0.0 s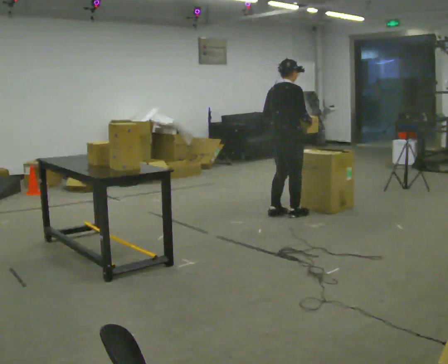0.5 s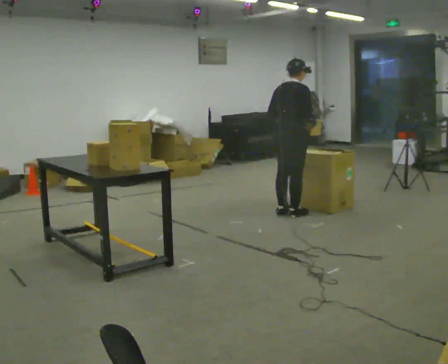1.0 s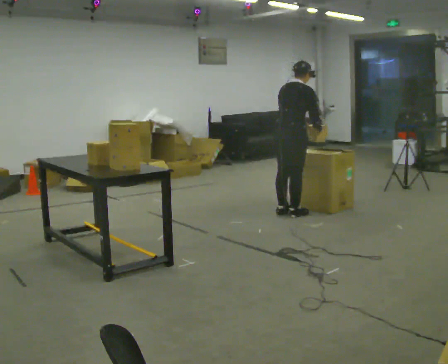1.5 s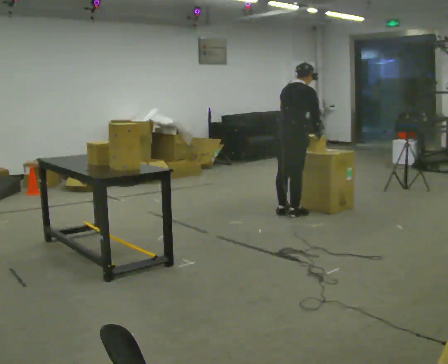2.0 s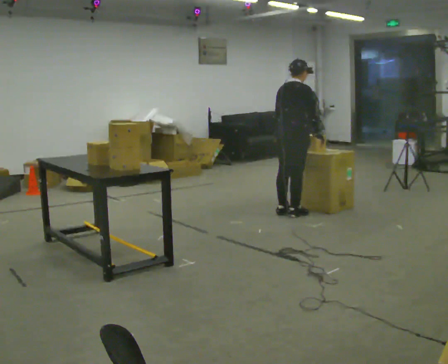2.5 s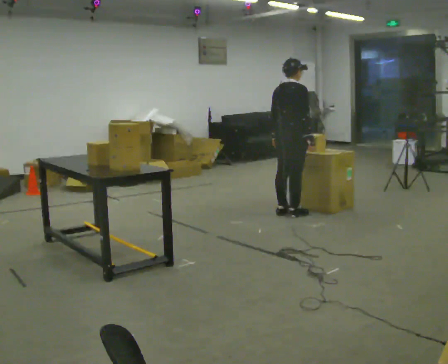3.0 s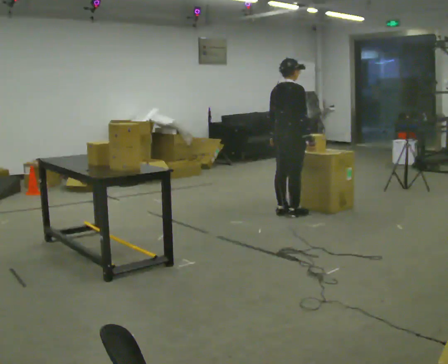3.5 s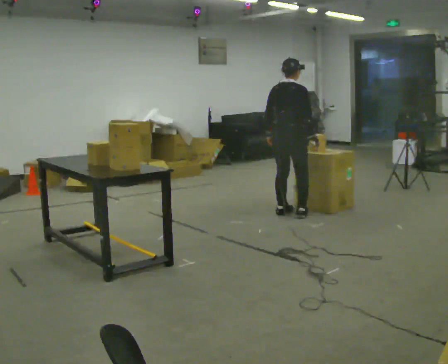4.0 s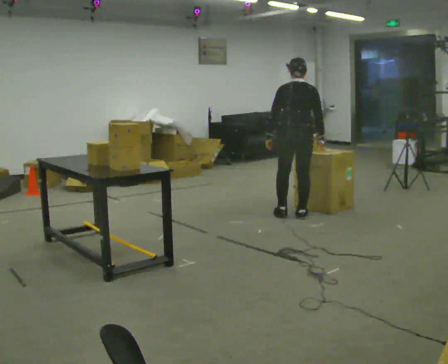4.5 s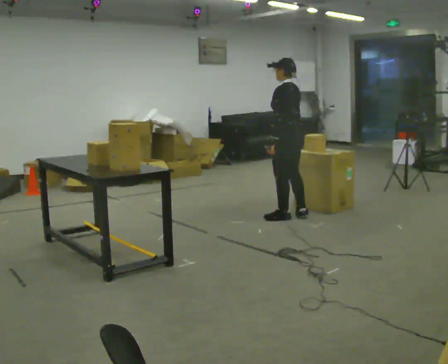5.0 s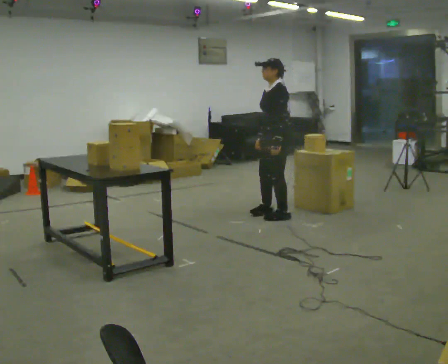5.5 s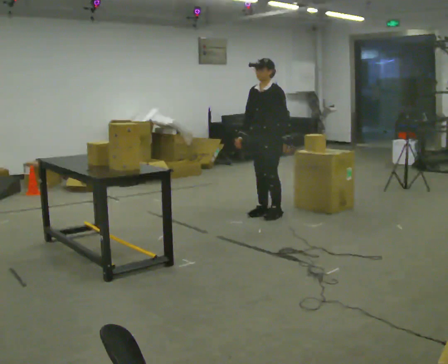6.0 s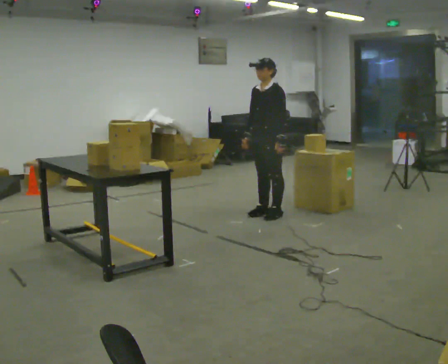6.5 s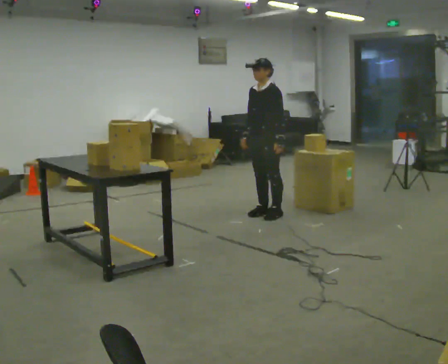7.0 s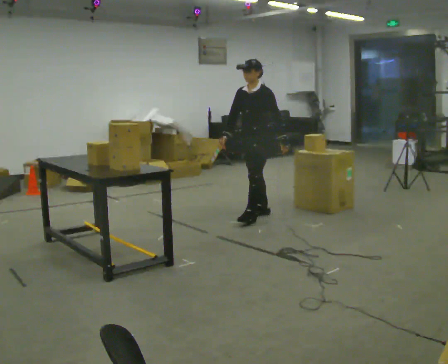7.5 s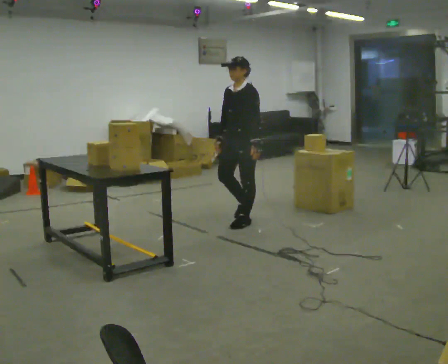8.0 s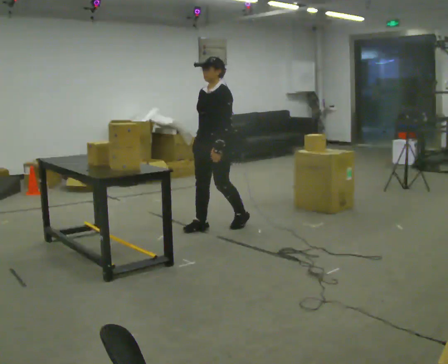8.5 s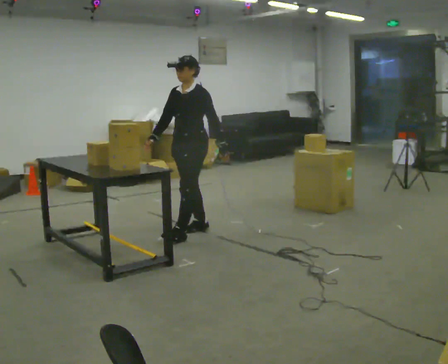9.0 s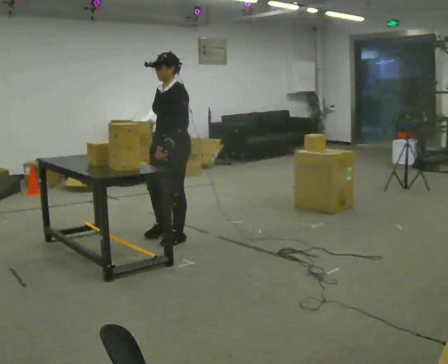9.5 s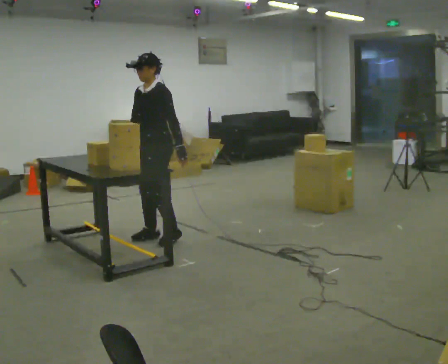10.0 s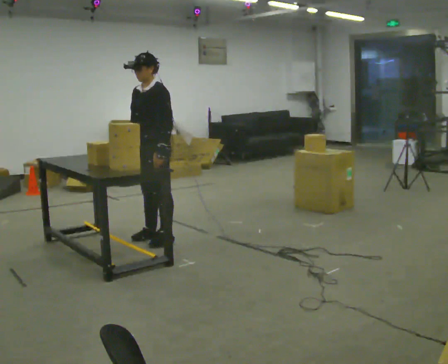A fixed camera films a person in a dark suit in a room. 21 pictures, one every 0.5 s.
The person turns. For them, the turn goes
to their left.
The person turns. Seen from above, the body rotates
counterclockwise.
0.0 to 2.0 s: The person moves a little, or ends about where they began.
2.0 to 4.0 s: Seen from above the body turns counterclockwise, about 60 degrees: to their left, with its near side sliding to the right.
4.0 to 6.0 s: The person turns about 120 degrees to their left, counterclockwise seen from above, so the part of the body nearest the lens slides to the right. In the picture they go to the left, about 0.25 m in 2 steps.
6.0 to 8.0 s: In the picture they go toward the camera and to the left, about 0.5 m in 2 steps, which for them is forward.
8.0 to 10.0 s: In the picture they go toward the camera and to the left, about 0.75 m in 2 steps, which for them is forward.
The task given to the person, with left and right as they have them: Move objects one at a time from the waist-height shelf at one end of the room to the waist-height shelf at the other end. Keep going until the operator says stop; one object at a time, and do not rush between trips.
The film runs forward here.
